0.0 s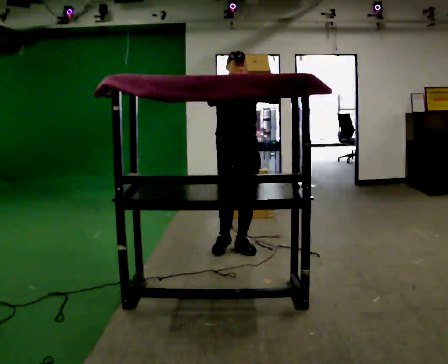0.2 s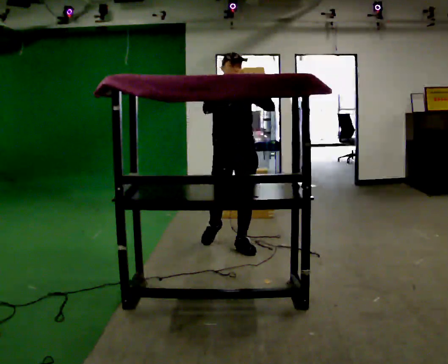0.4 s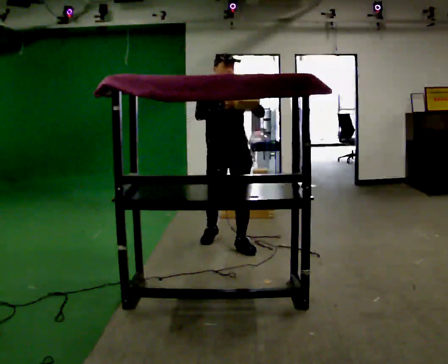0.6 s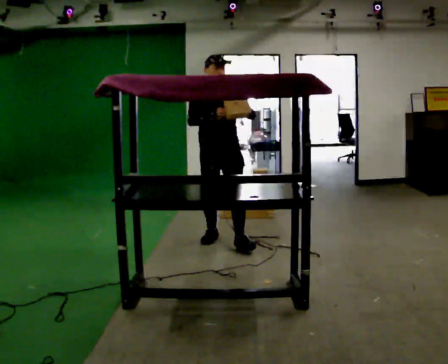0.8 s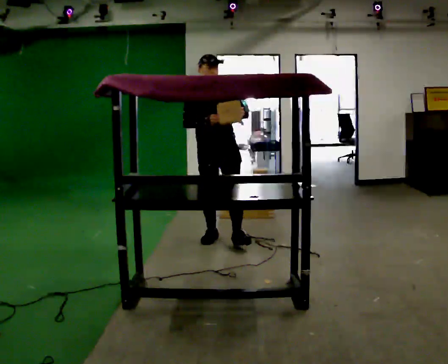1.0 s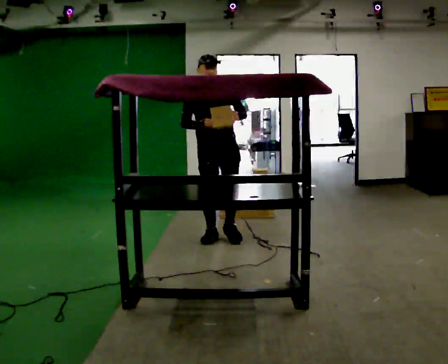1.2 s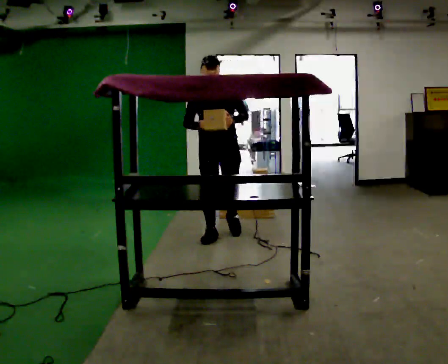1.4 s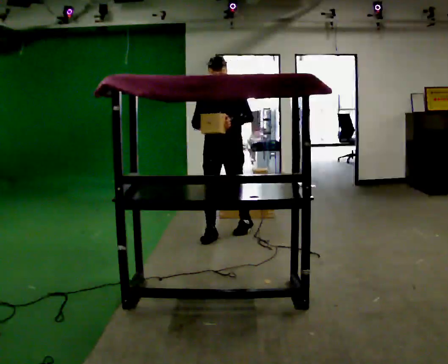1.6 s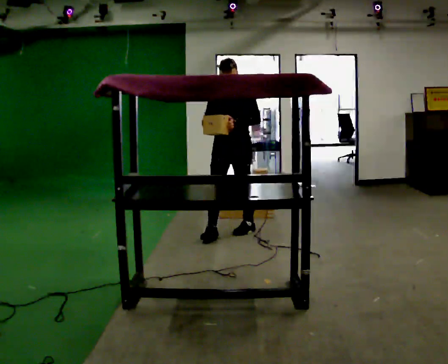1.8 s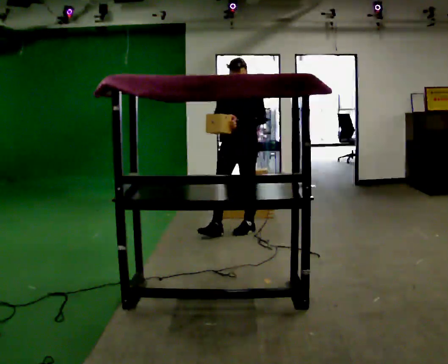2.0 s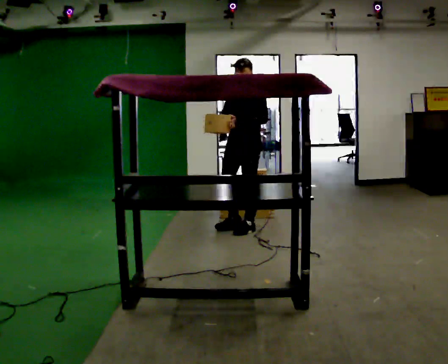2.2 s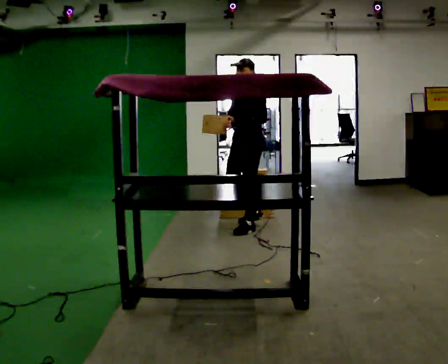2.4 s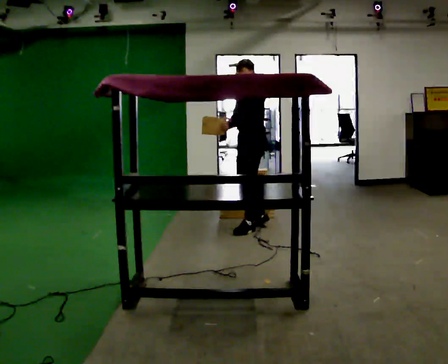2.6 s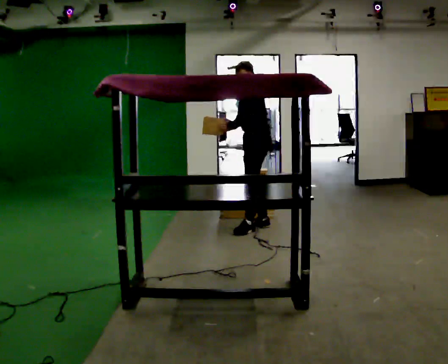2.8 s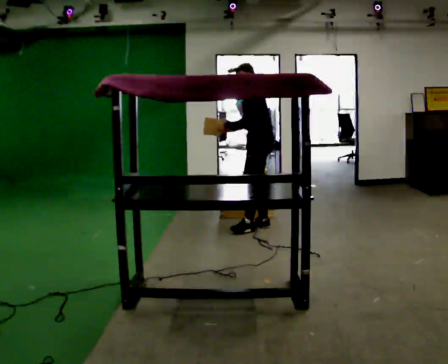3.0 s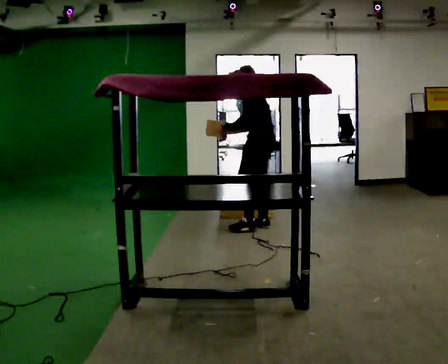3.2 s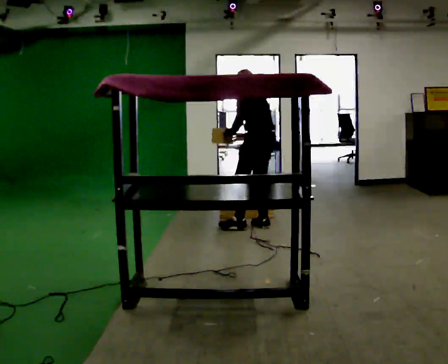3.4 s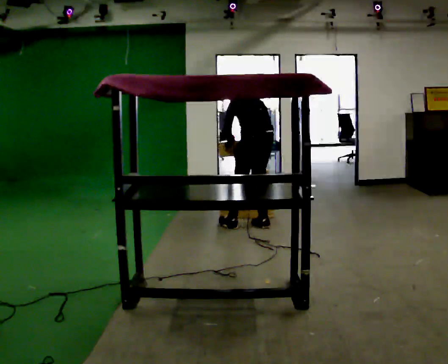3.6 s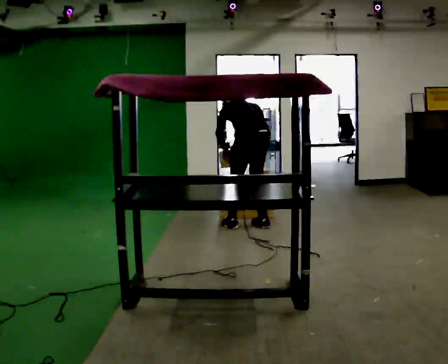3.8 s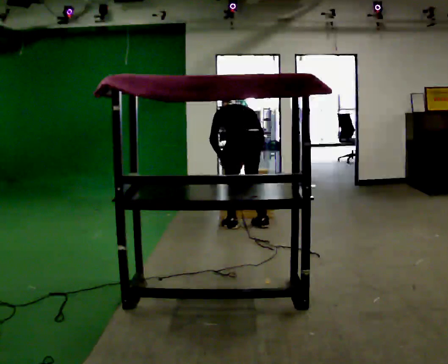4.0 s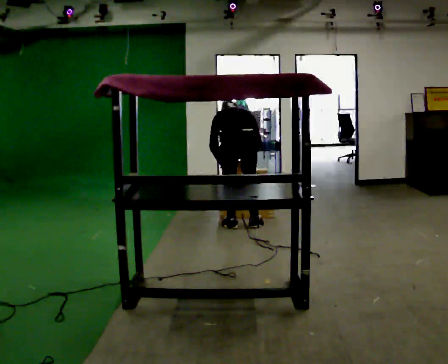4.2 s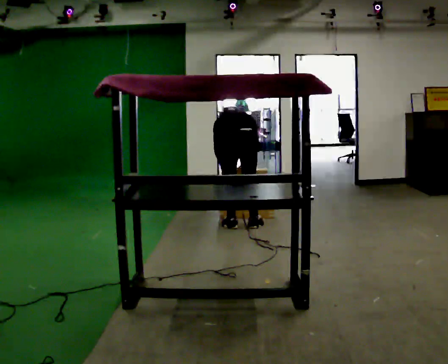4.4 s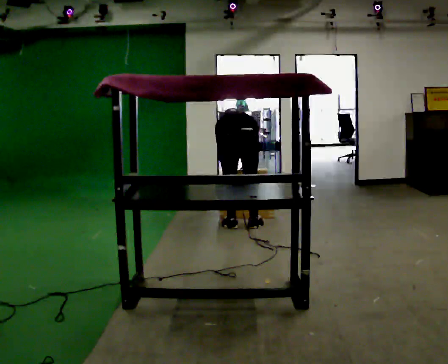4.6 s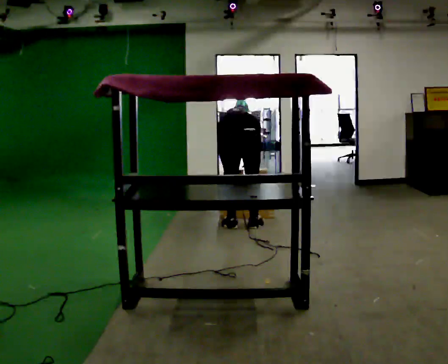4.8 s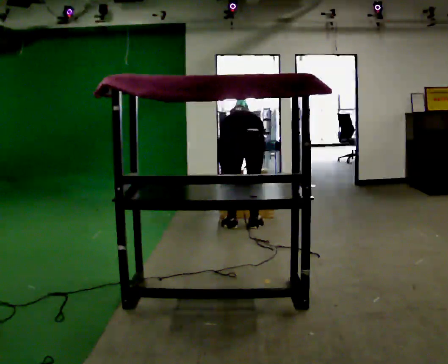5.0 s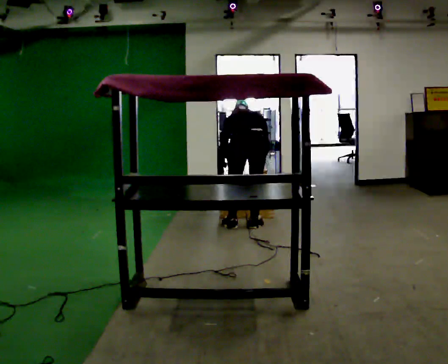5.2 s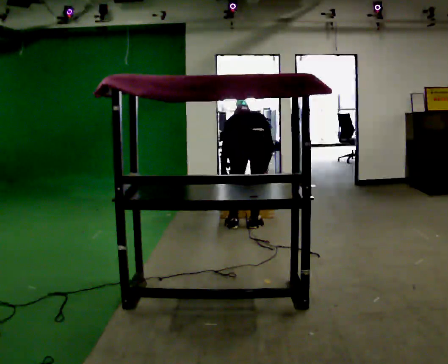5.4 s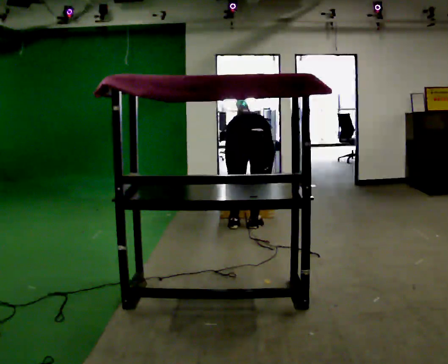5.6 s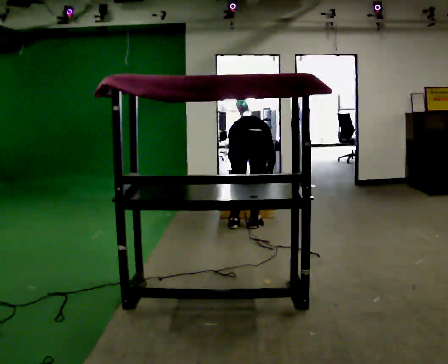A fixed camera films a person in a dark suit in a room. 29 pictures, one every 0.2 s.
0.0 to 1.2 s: In the picture they go away from the camera and to the left, about 0.5 m in 1 step, which for them is backward. In the picture their right hand goes downward.
1.2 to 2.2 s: The person turns about 45 degrees to their right, clockwise seen from above, so the part of the body nearest the lens slides to the left. In the picture they go to the right and away from the camera, about 0.5 m in 1 step, which for them is backward.
2.2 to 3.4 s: The person turns about 90 degrees to their right, clockwise seen from above, so the part of the body nearest the lens slides to the left. The upper body tips away from the camera, its near side rolling upward, as they bend forward.
3.4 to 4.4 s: Seen from above the body turns clockwise, about 30 degrees: to their right, with its near side sliding to the left. In the picture they go to the left, about 0.25 m, which for them is to their left. The shoulders move downward. The upper body tips away from the camera, its near side rolling upward, as they bend forward. In the picture their left hand goes downward.
4.4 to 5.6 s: In the picture the upper body tilts clockwise, shoulders to the right.
The film runs backward here.
